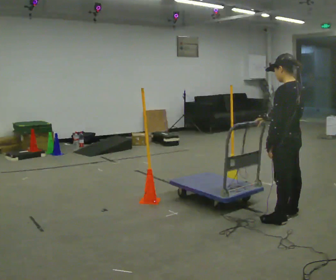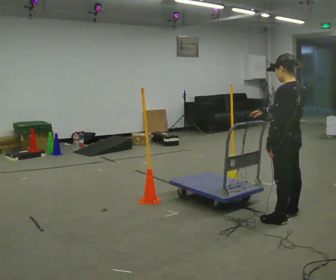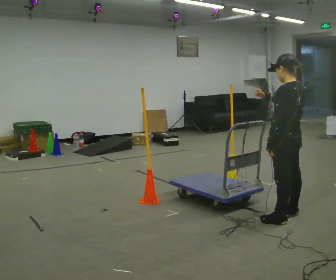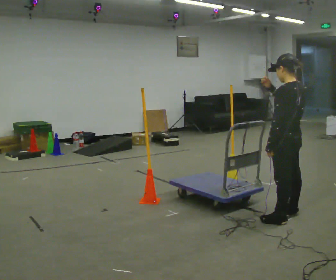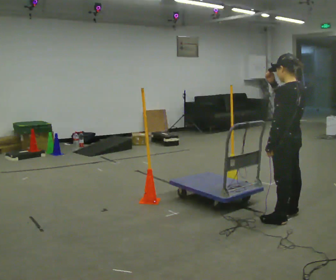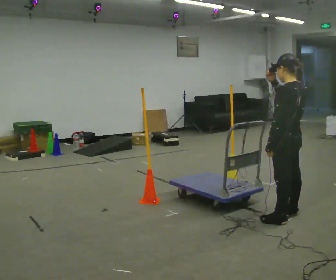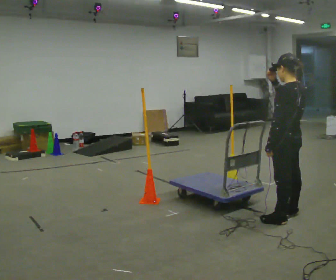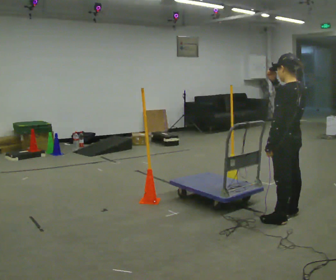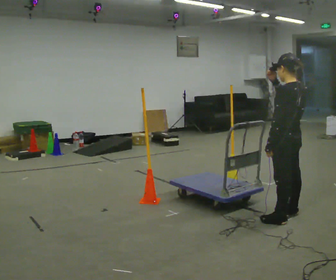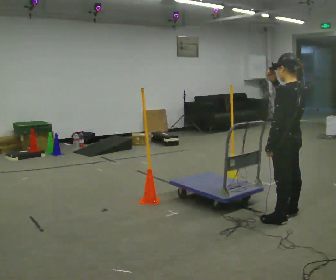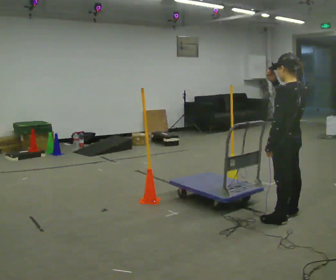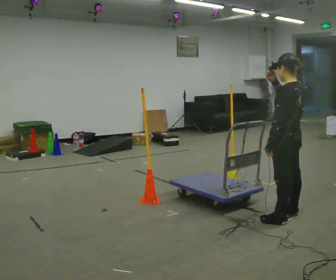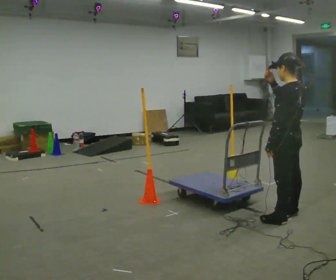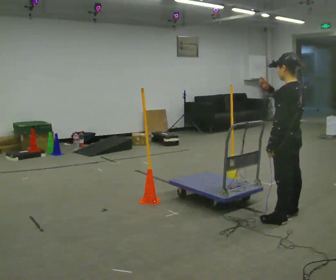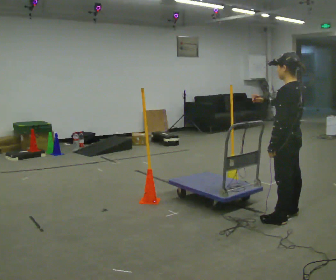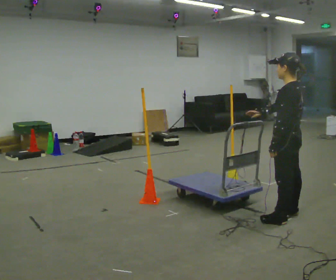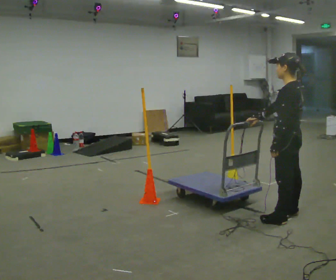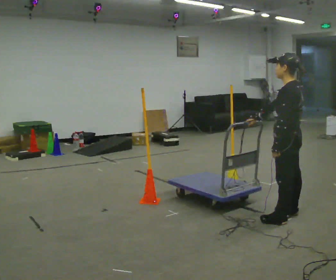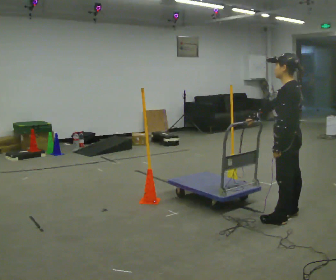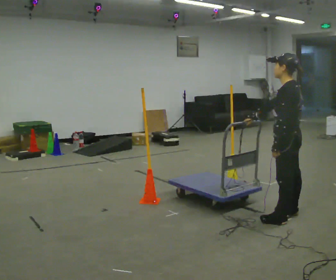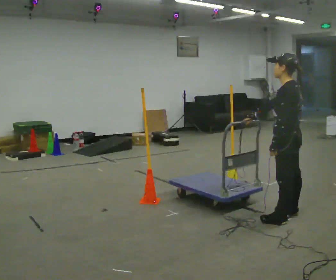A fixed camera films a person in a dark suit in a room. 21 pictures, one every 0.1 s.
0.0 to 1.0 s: In the picture their right hand goes upward.
1.0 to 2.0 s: In the picture their right hand goes downward.
The film runs backward here.
